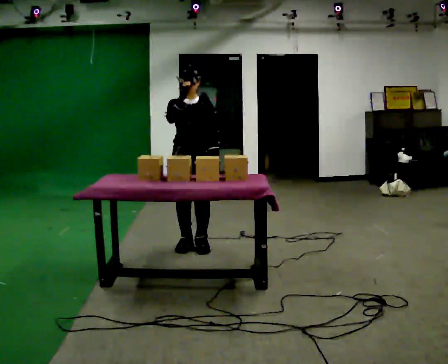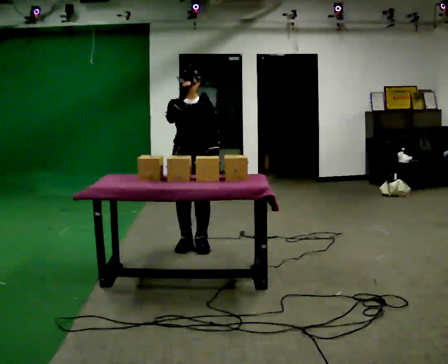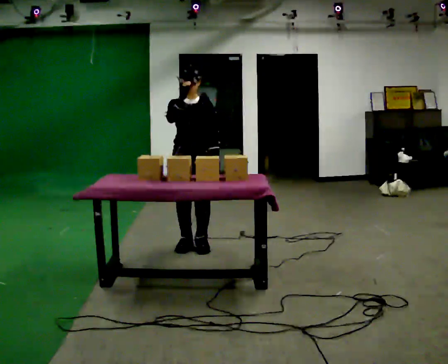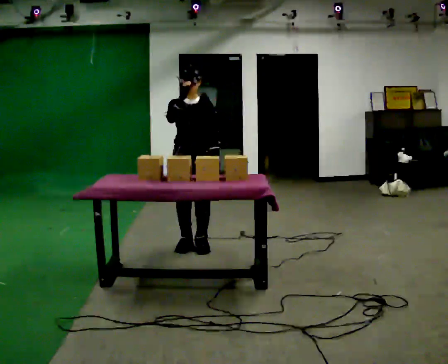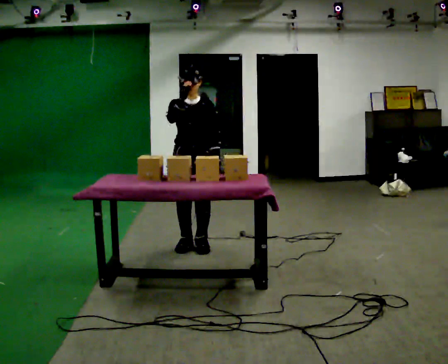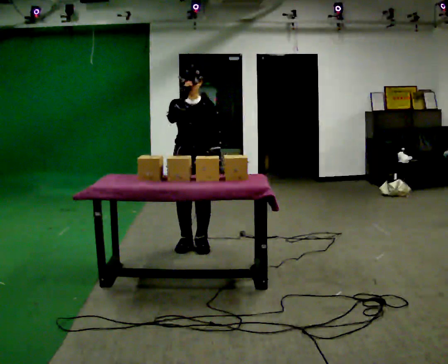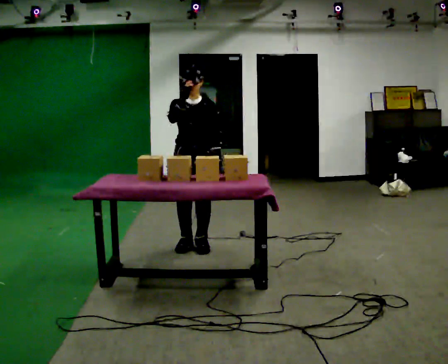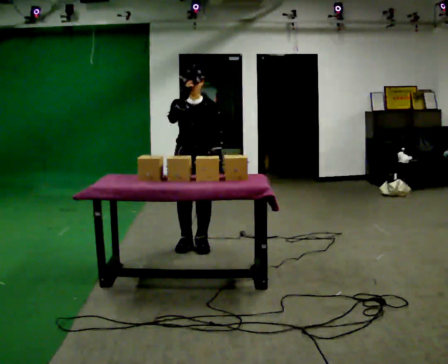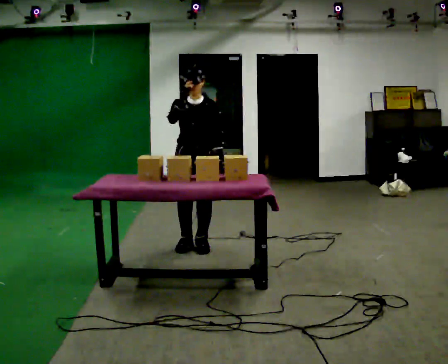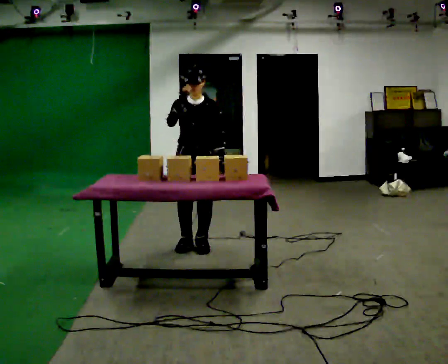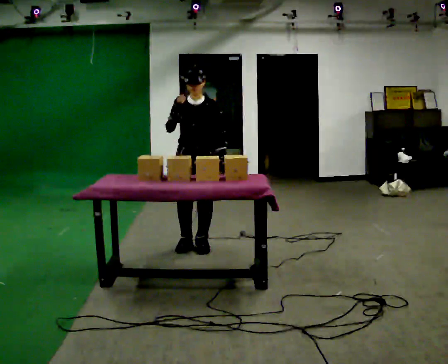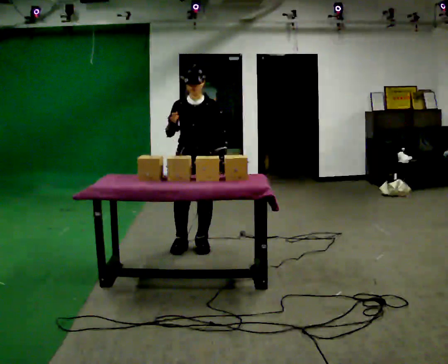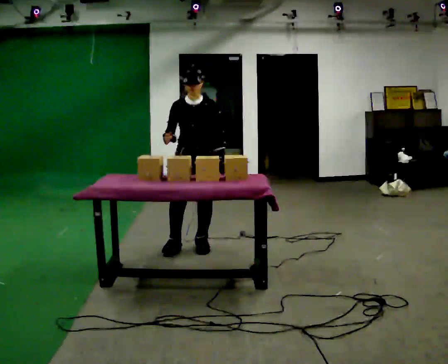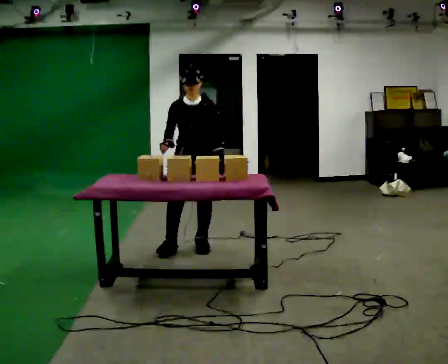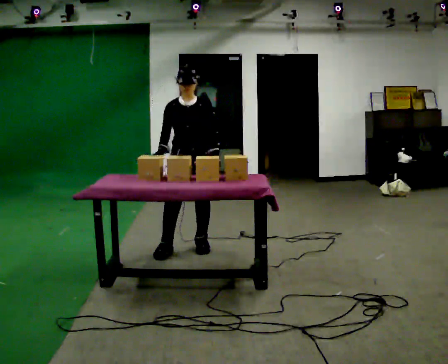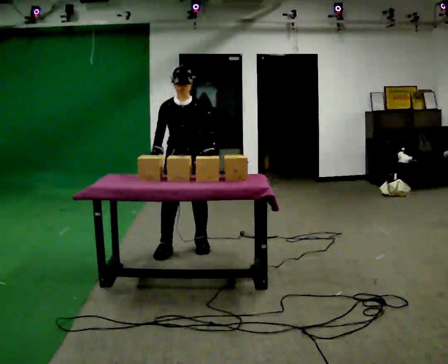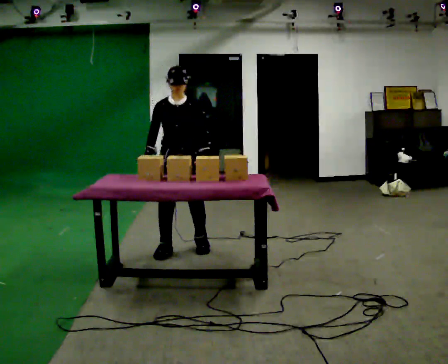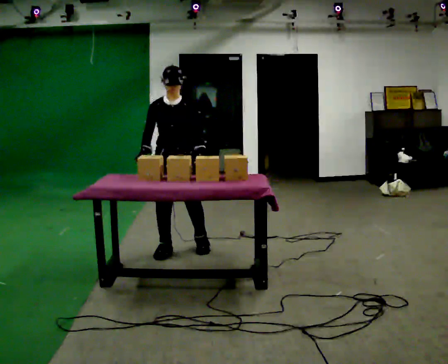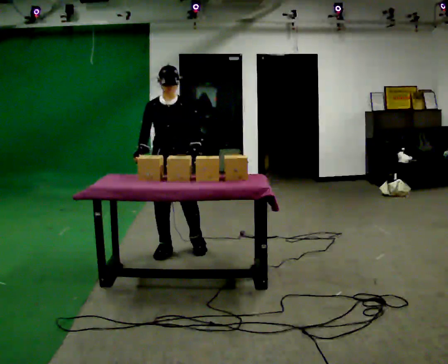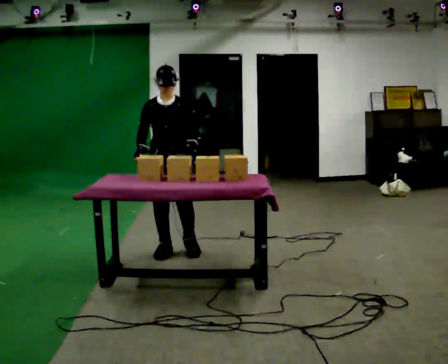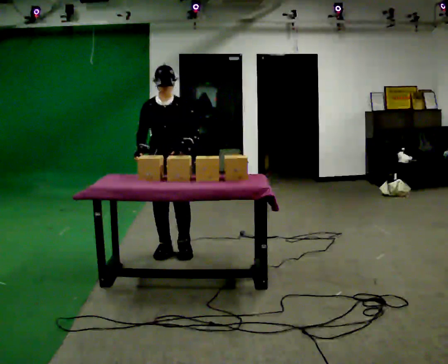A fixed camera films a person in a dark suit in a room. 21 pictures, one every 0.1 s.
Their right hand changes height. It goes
downward.
0.0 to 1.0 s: The person moves a little, or ends about where they began.
1.0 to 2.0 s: In the picture they go to the left, about 0.25 m in 2 steps, which for them is to their right and forward. In the picture their right hand goes downward.
The film runs backward here.
